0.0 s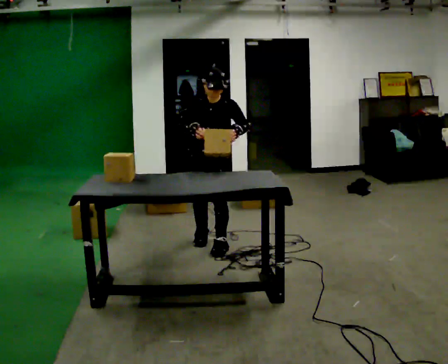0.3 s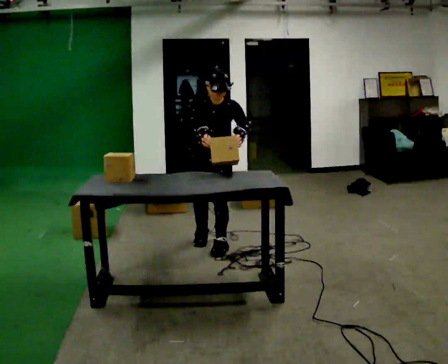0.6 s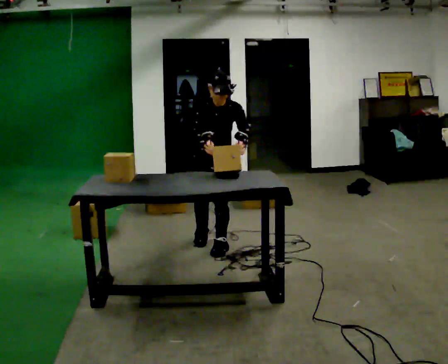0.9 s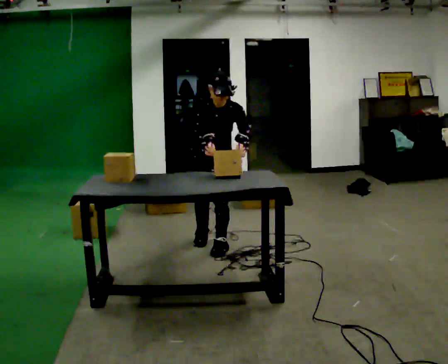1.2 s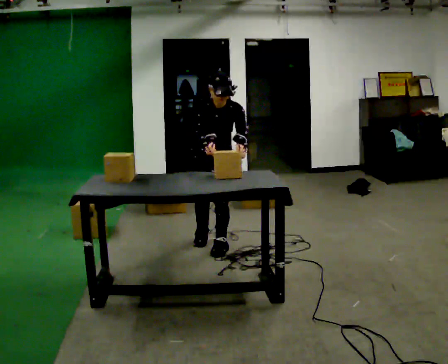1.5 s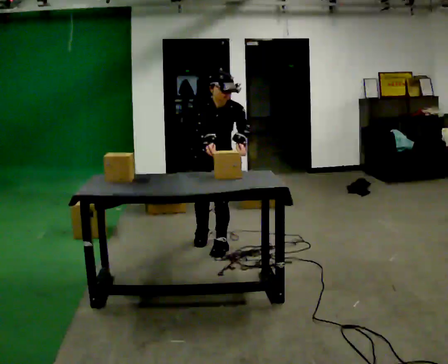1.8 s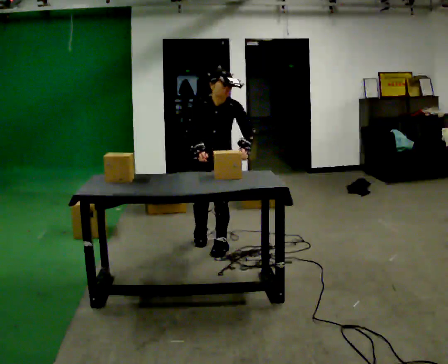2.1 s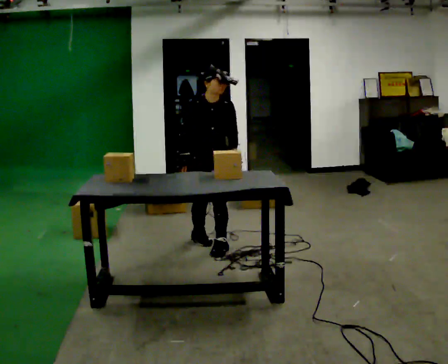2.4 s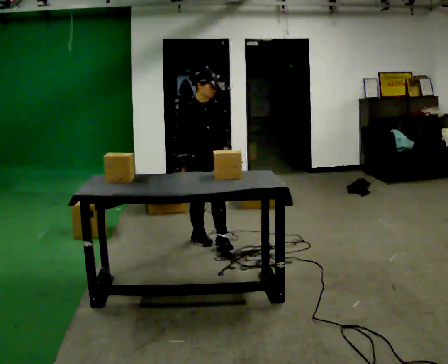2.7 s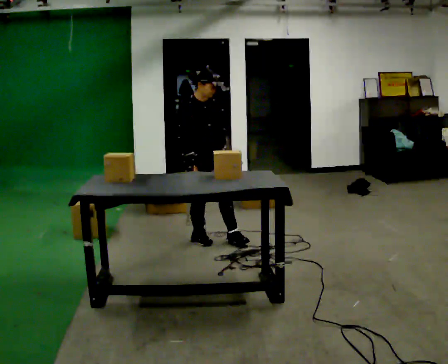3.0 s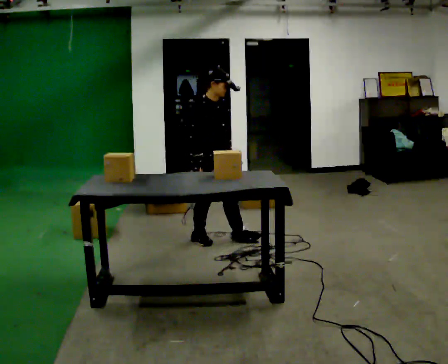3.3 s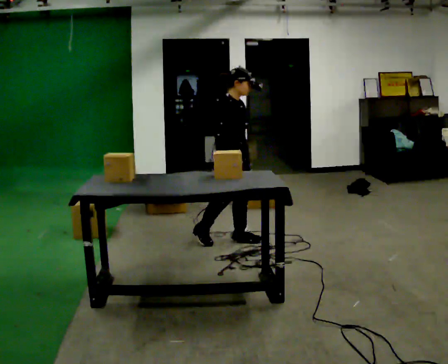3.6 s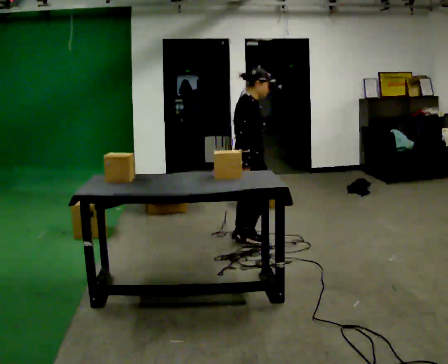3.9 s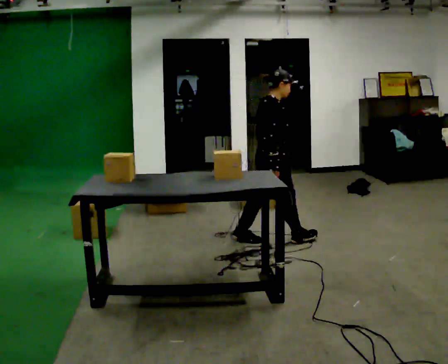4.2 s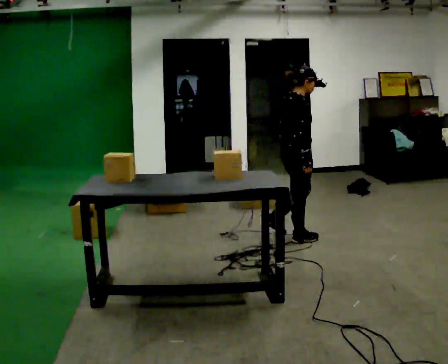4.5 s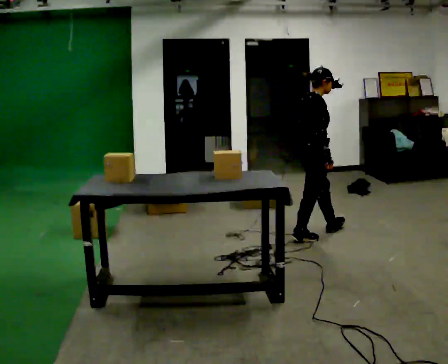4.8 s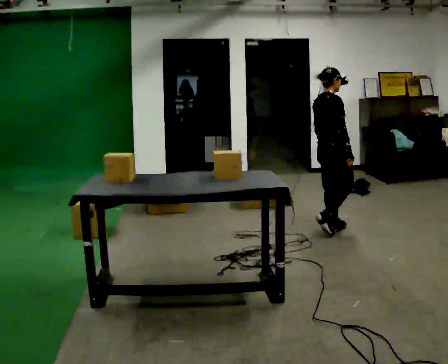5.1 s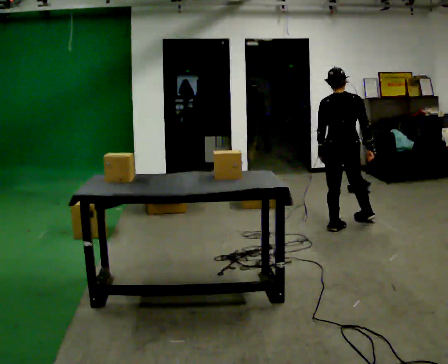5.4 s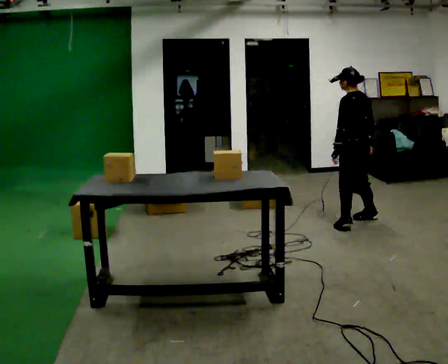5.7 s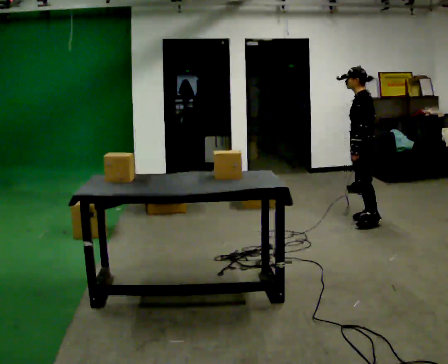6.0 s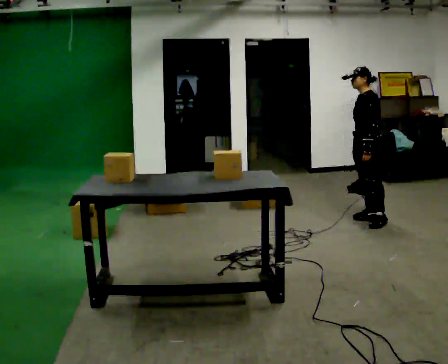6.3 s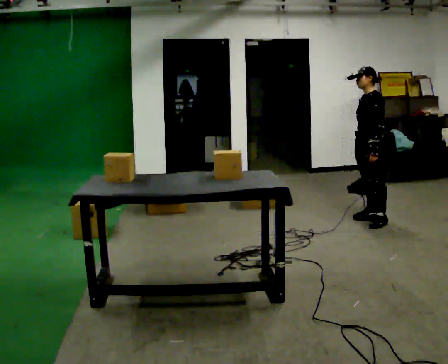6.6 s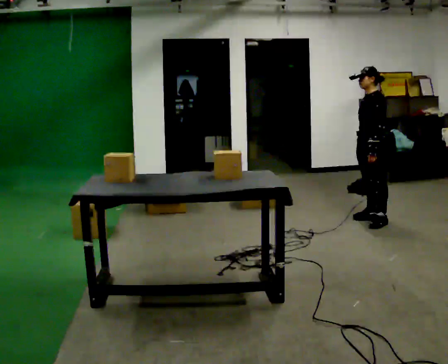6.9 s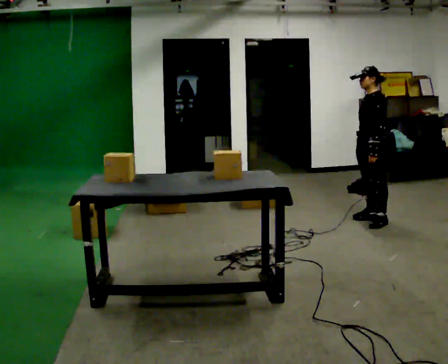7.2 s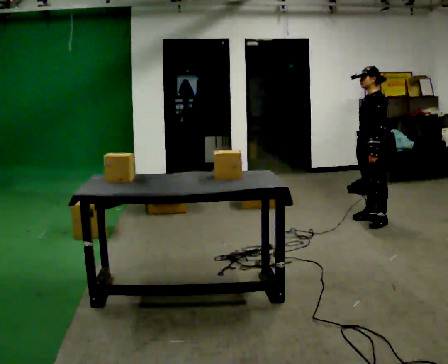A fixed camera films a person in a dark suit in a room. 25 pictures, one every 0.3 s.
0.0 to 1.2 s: The person moves a little, or ends about where they began.
1.2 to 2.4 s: Seen from above the body turns counterclockwise, about 30 degrees: to their left, with its near side sliding to the right. The upper body tips away from the camera, its near side rolling upward, as they lean back or straighten.
2.4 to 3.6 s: The part of the body nearest the lens slides to the right as the person turns to their left by about 60 degrees. In the picture they go to the right, about 0.5 m in 1 step, which for them is to their left and forward.
3.6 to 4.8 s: The part of the body nearest the lens slides to the right as the person turns to their left by about 30 degrees. In the picture they go to the right and away from the camera, about 1 m in 2 steps, which for them is forward.
4.8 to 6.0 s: Seen from above the body turns counterclockwise, about 165 degrees: to their left, with its near side sliding to the right. In the picture they go to the right and away from the camera, about 0.5 m in 2 steps.
6.0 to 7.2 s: The person moves a little, or ends about where they began.
The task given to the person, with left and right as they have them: Take each object from the table and put it in the bin that matches it, walking between the bins. Keep going until the operator says stop; one object at a time, and do not rush between trips.
The film runs forward here.
